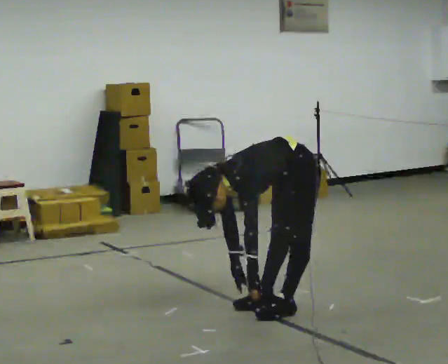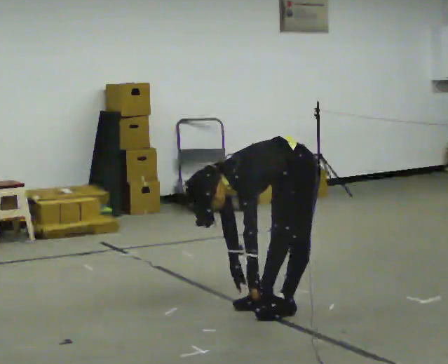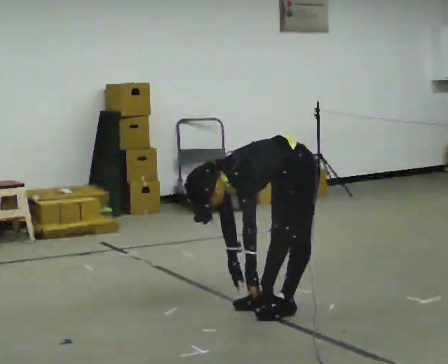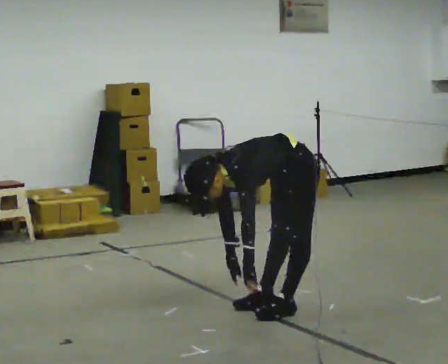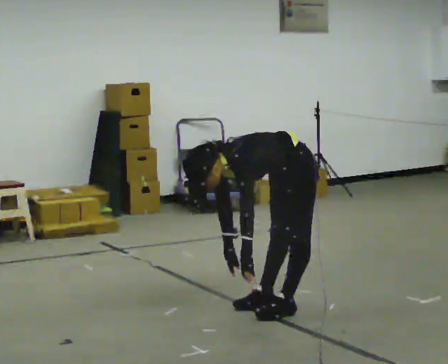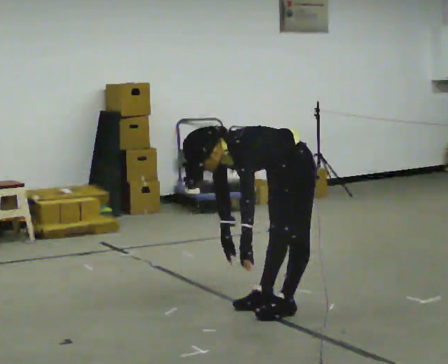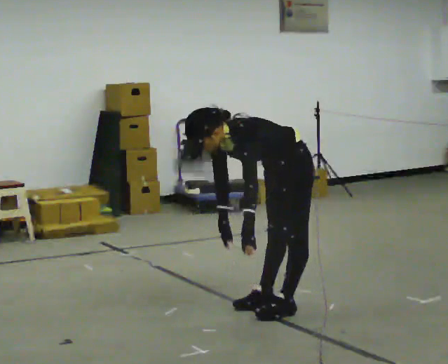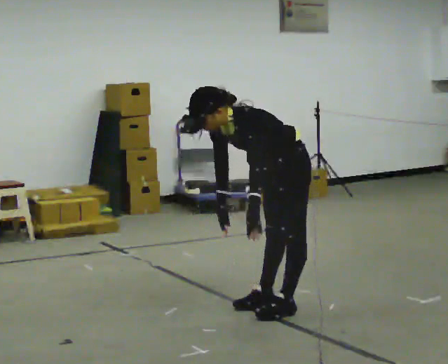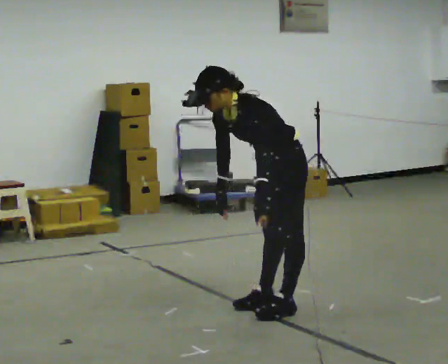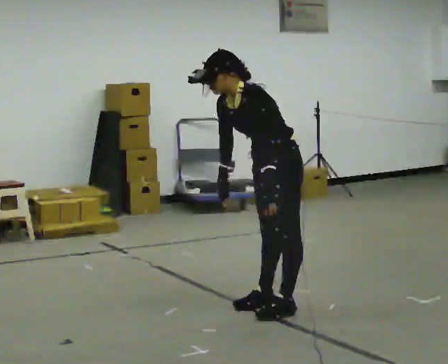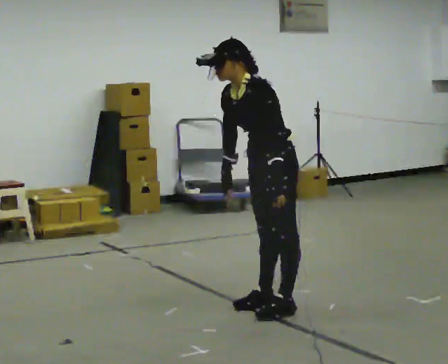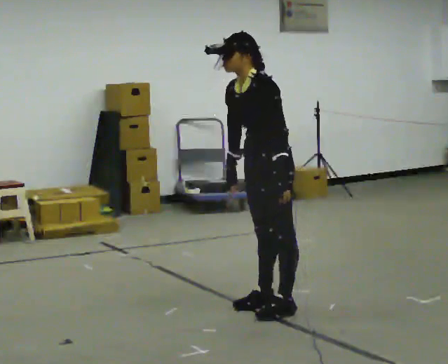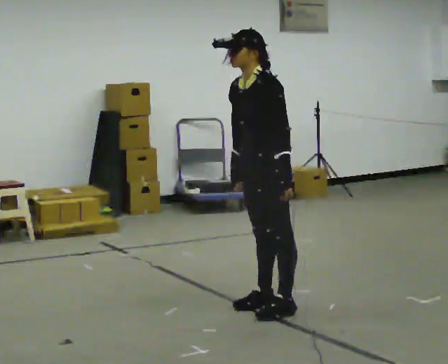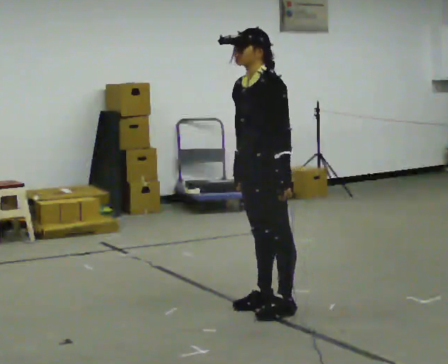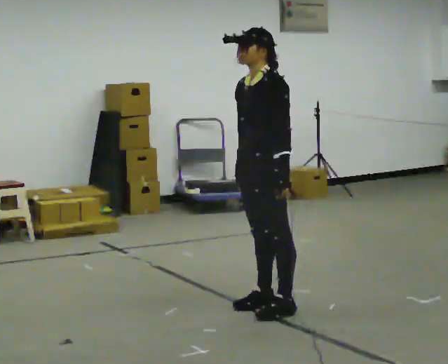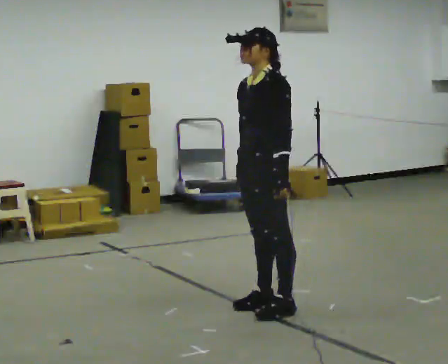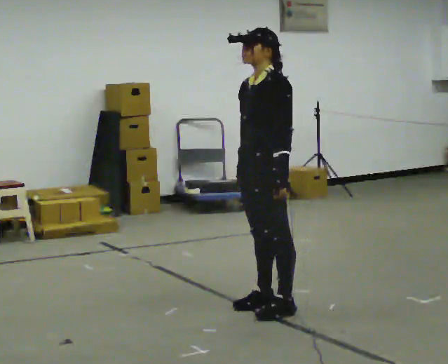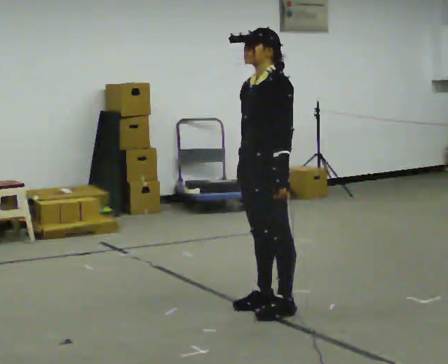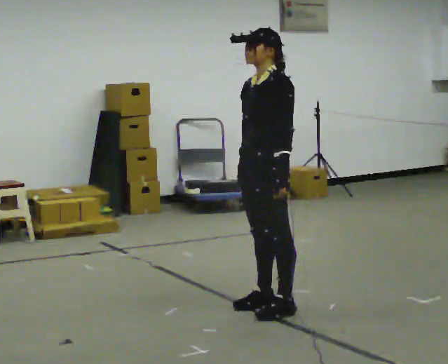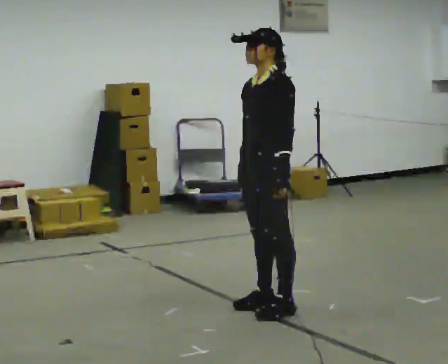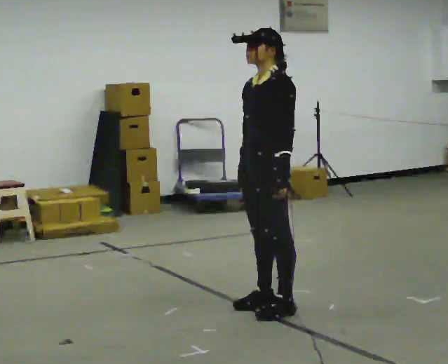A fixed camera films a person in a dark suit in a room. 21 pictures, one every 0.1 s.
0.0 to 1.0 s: The upper body goes upward. In the picture the upper body tilts clockwise, shoulders to the right, as they lean back or straighten. In the picture their left hand goes upward.
1.0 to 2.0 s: In the picture the upper body tilts clockwise, shoulders to the right, as they lean back or straighten.
The film runs forward here.
